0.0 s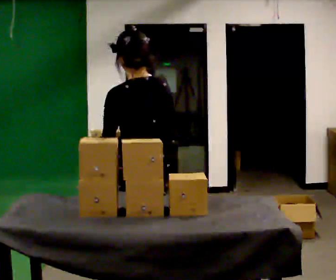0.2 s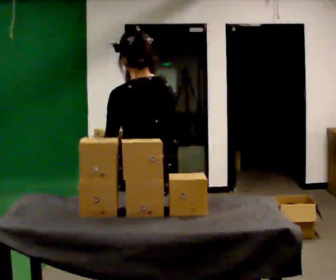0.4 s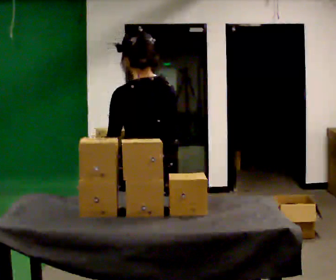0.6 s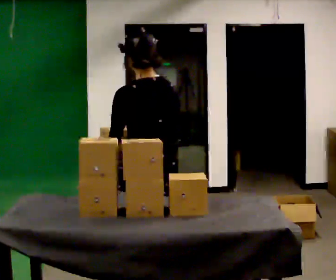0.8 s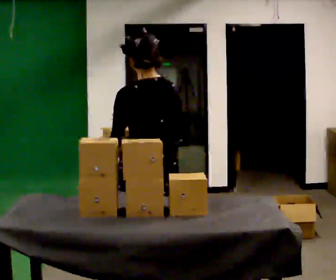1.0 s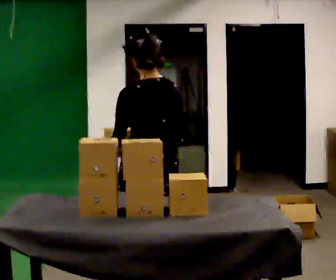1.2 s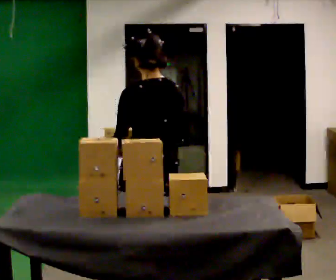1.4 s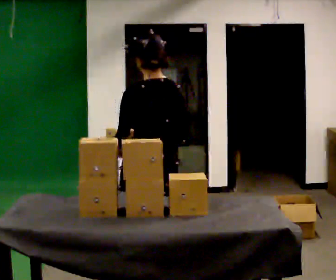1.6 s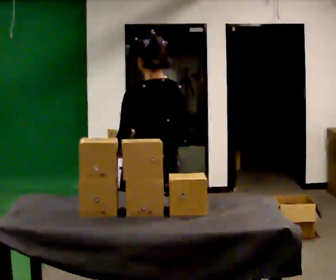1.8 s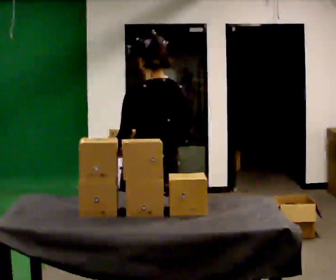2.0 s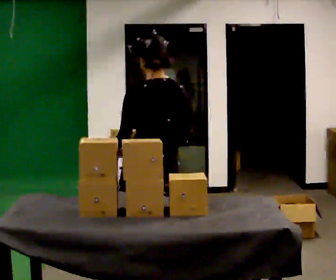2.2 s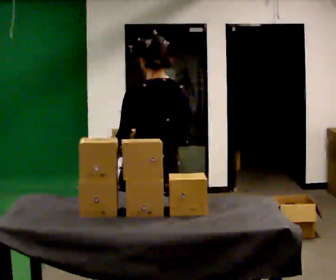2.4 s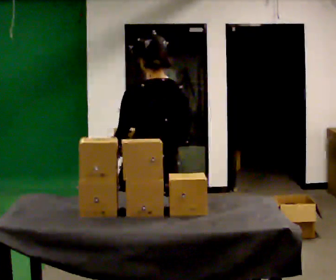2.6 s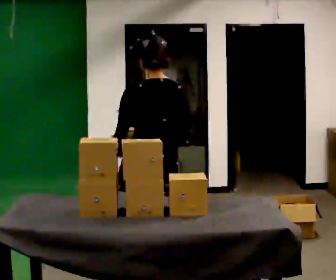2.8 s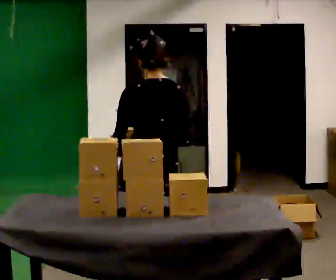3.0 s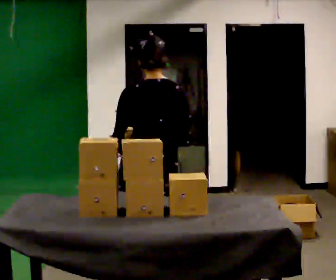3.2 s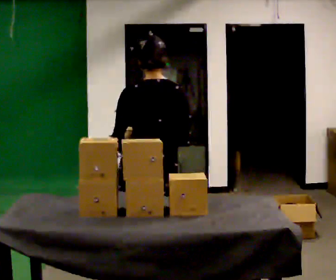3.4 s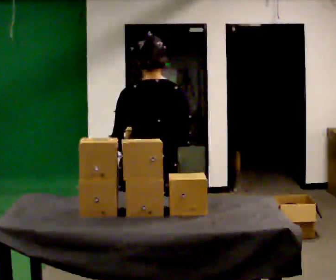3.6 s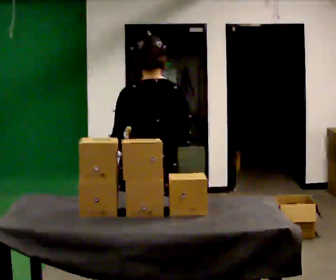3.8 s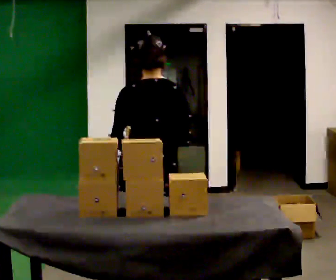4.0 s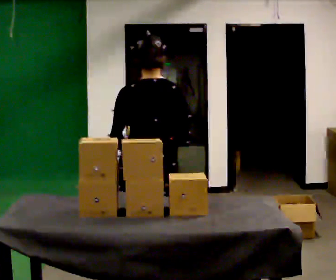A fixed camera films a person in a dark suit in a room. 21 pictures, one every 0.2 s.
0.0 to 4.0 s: The person turns about 30 degrees to their right, clockwise seen from above, so the part of the body nearest the lens slides to the left. In the picture they go away from the camera, about 0.25 m, which for them is forward and to their right.
The film runs forward here.
